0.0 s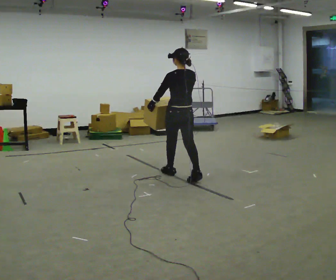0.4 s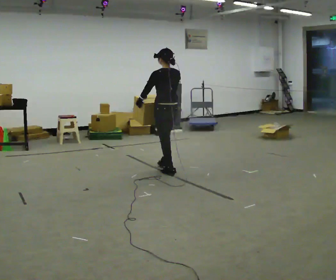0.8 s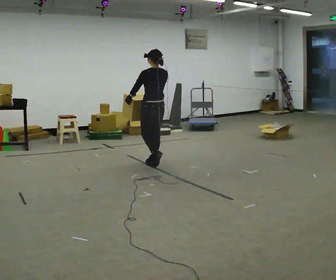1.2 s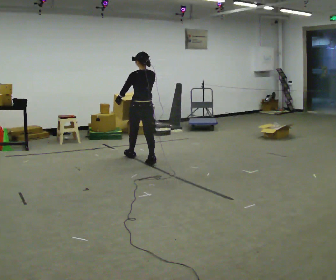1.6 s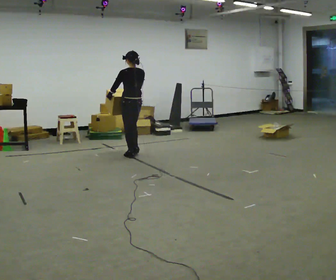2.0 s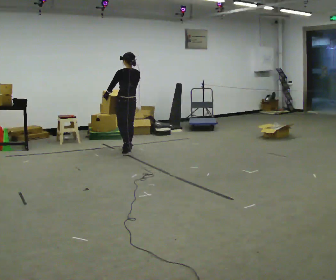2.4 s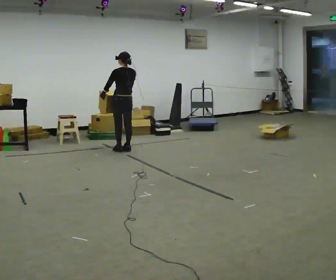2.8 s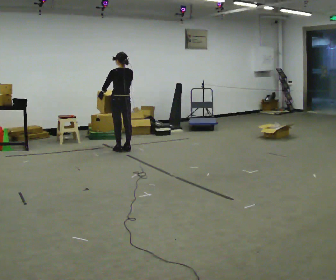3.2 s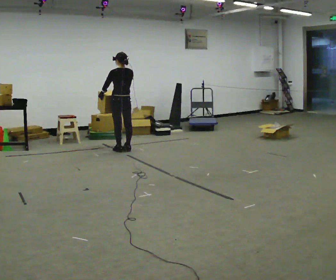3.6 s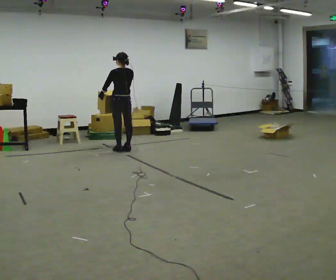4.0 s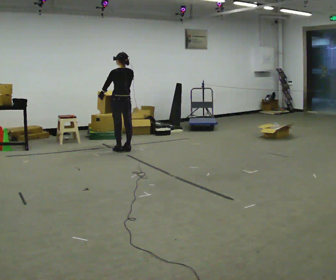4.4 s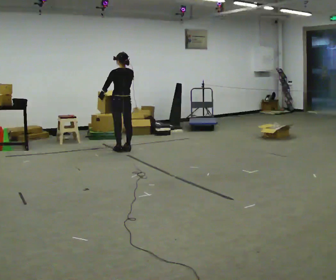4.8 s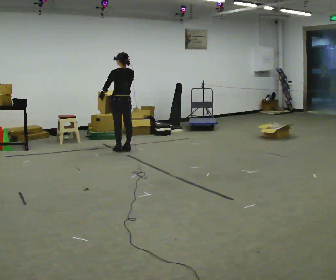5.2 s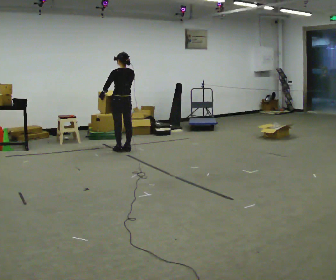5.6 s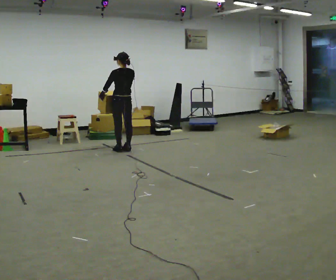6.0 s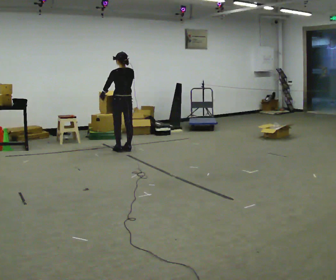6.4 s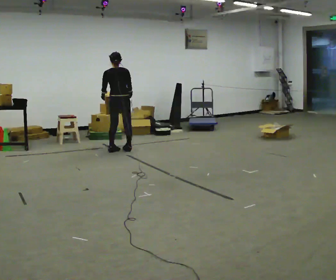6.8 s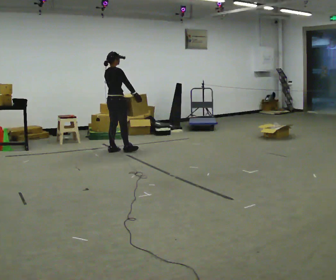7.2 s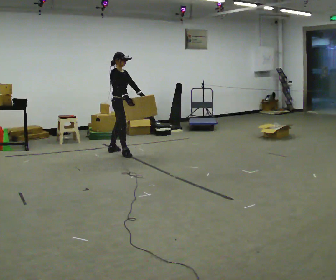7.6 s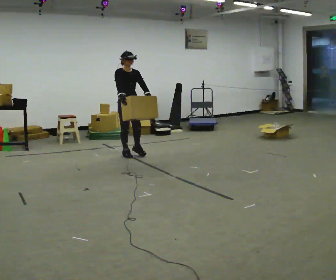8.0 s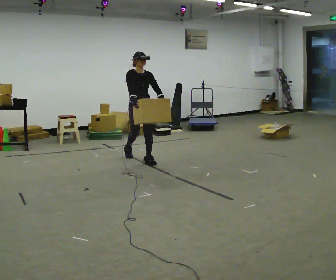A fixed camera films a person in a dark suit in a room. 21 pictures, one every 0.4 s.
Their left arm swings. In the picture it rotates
counterclockwise.
The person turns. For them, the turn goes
to their right.
0.0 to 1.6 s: In the picture they go away from the camera and to the left, about 1.5 m in 2 steps, which for them is forward.
1.6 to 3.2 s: In the picture they go away from the camera, about 0.5 m in 2 steps, which for them is forward.
3.2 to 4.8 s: The person moves a little, or ends about where they began.
4.8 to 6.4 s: Seen from above the body turns clockwise, about 30 degrees: to their right, with its near side sliding to the left.
6.4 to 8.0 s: The part of the body nearest the lens slides to the left as the person turns to their right by about 165 degrees. In the picture they go toward the camera and to the right, about 0.75 m in 2 steps.
The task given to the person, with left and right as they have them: Carry the medium box in both hands in front of you, walking back and forth across the room. Keep walking until the operator says stop.
The film runs forward here.
